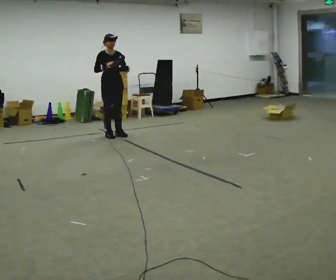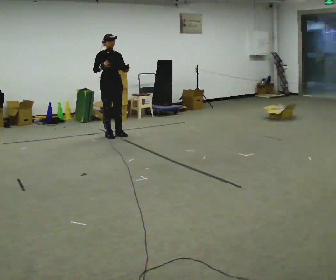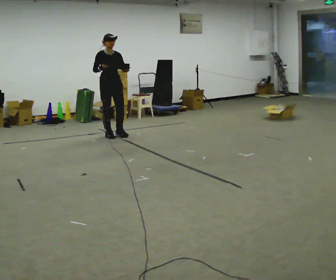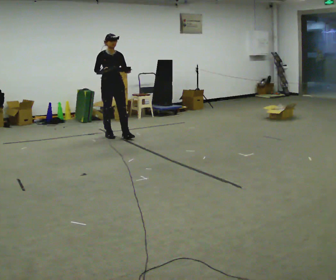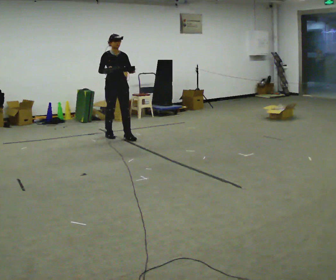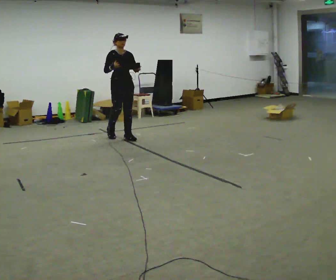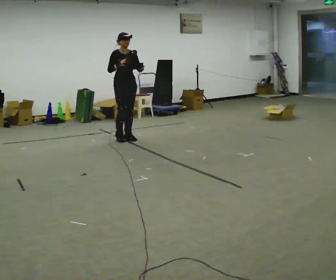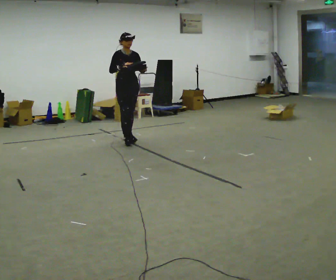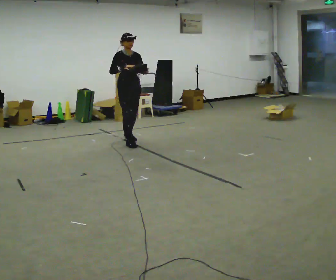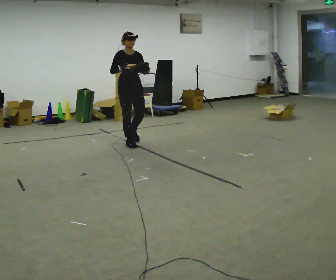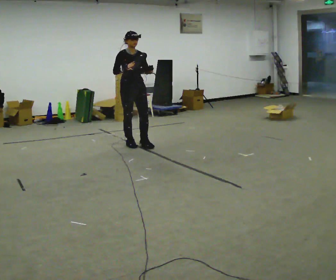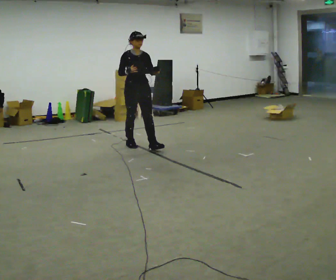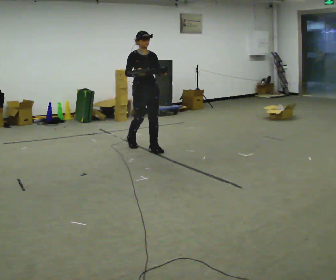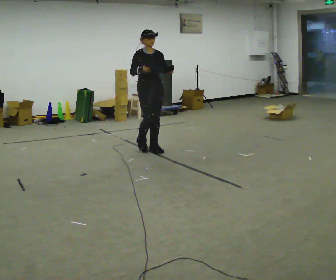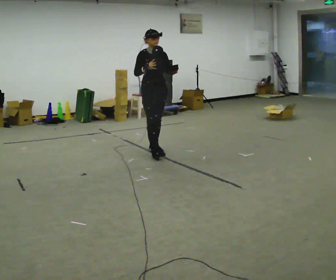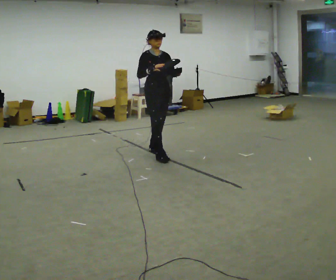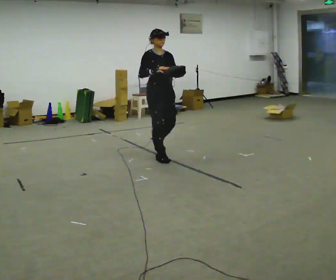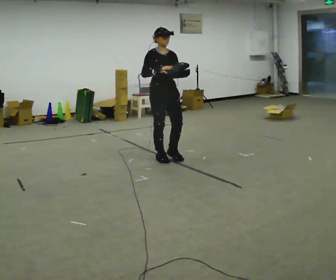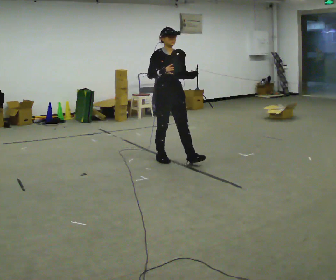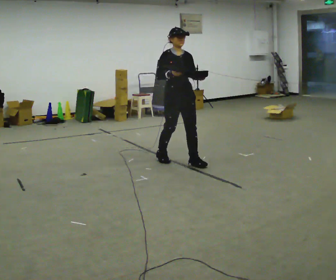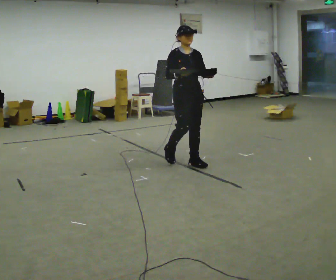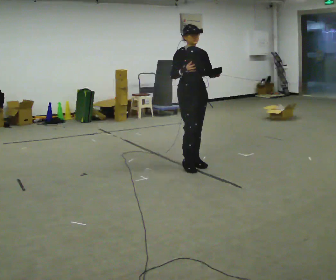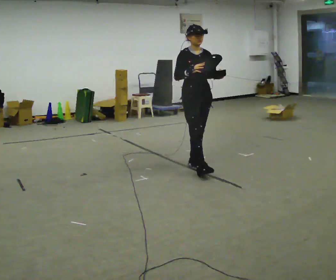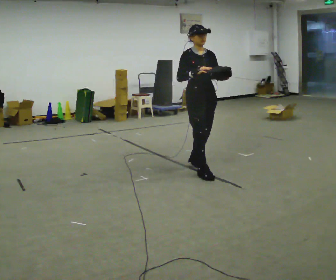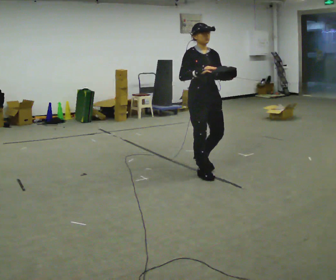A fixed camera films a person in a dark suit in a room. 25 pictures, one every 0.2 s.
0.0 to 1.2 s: In the picture they go to the right and toward the camera, about 0.25 m in 1 step, which for them is forward and to their left.
1.2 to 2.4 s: In the picture they go toward the camera and to the right, about 0.75 m in 2 steps, which for them is forward.
2.4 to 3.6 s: In the picture they go toward the camera and to the right, about 0.75 m in 1 step, which for them is forward.
3.6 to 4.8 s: In the picture they go toward the camera and to the right, about 0.75 m in 2 steps, which for them is forward.
The film runs forward here.
